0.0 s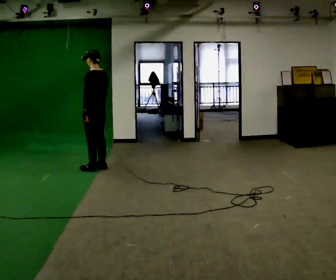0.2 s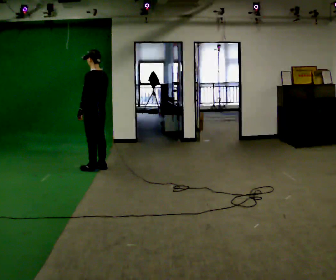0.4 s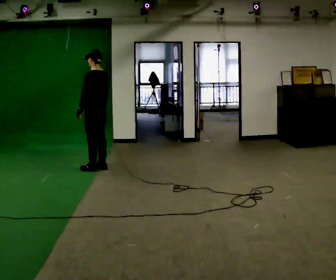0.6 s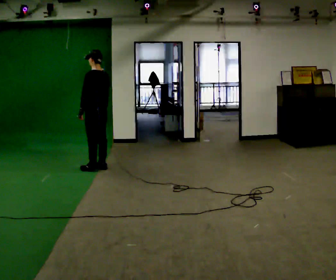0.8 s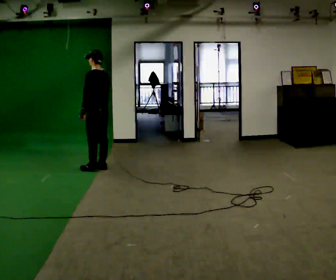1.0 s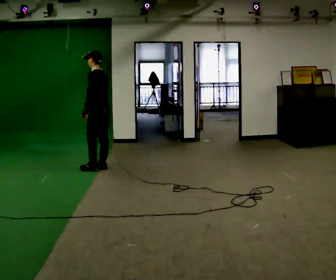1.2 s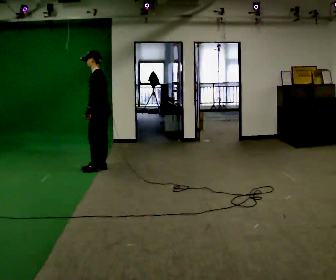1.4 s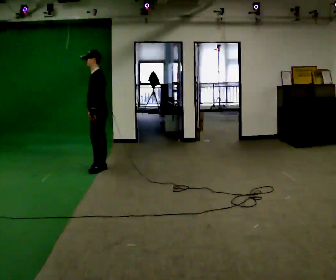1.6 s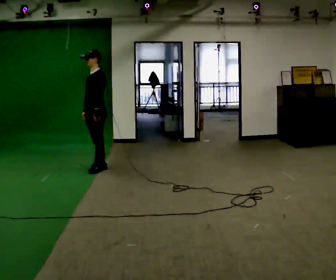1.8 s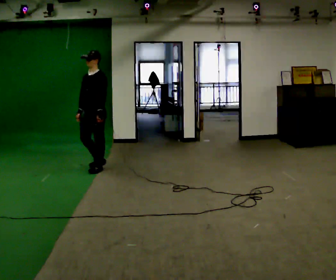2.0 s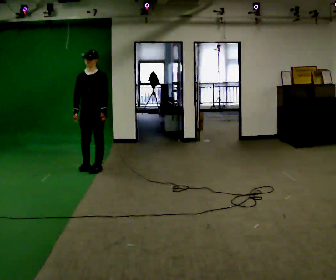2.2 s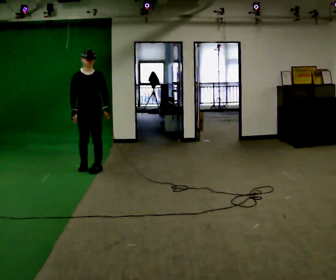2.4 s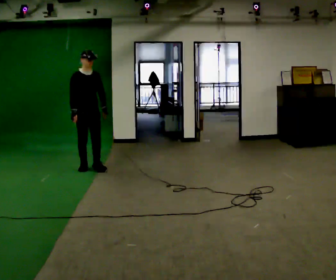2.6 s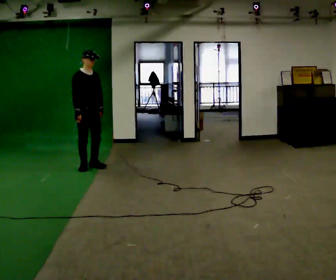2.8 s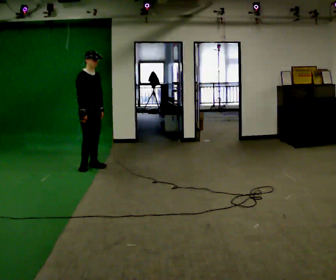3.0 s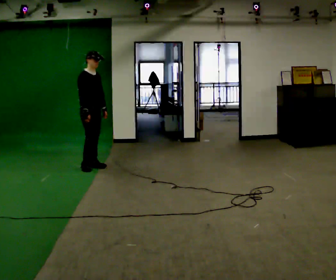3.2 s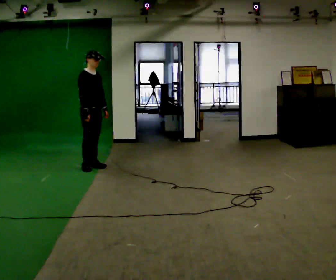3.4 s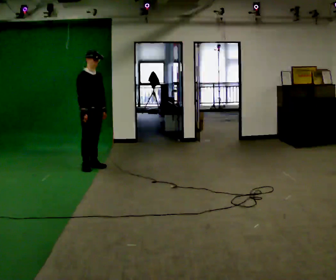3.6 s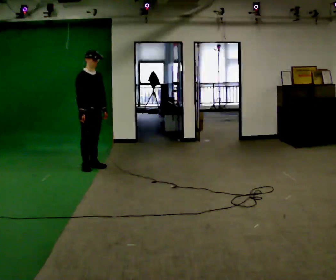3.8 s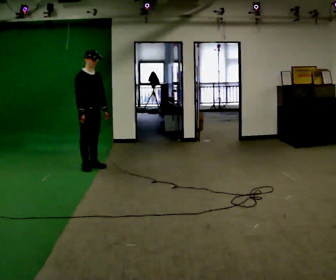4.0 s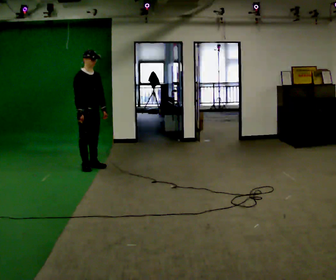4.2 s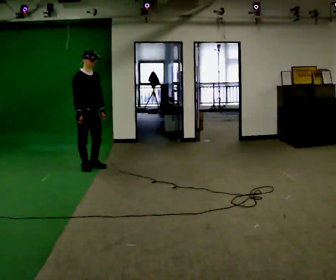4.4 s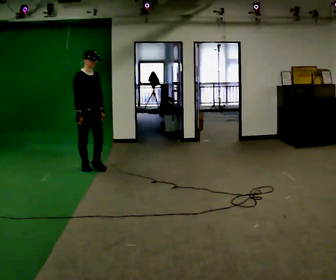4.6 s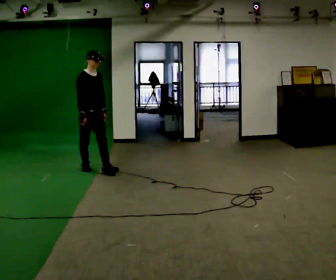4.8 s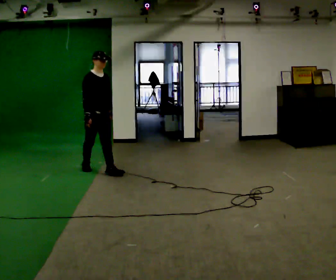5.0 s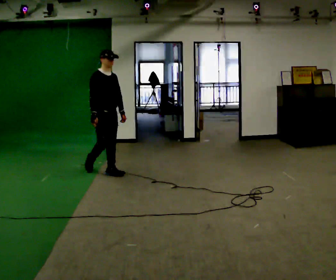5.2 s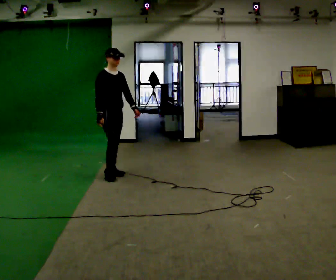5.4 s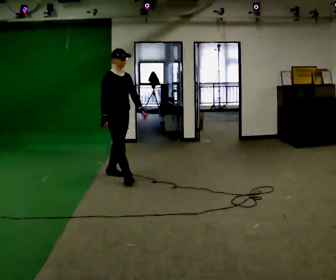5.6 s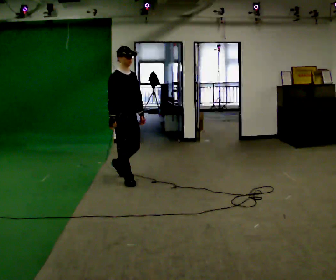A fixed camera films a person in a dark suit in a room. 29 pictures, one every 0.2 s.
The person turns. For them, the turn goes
to their left.
The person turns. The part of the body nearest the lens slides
to the right.
0.0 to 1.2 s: Seen from above the body turns counterclockwise, about 30 degrees: to their left, with its near side sliding to the right.
1.2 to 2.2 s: The person turns about 105 degrees to their left, counterclockwise seen from above, so the part of the body nearest the lens slides to the right. In the picture they go to the left, about 0.25 m in 1 step.
2.2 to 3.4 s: The person turns about 45 degrees to their left, counterclockwise seen from above, so the part of the body nearest the lens slides to the right.
3.4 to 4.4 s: The person moves a little, or ends about where they began.
4.4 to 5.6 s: In the picture they go toward the camera and to the right, about 1 m in 2 steps, which for them is forward.
The film runs forward here.
